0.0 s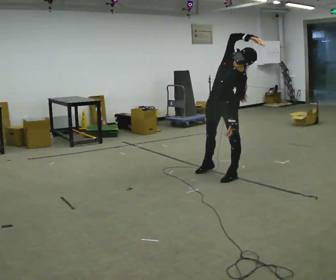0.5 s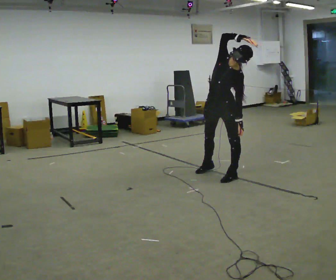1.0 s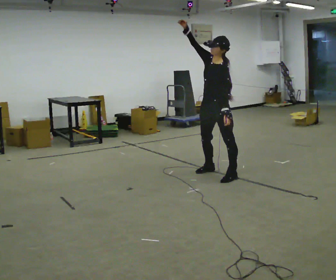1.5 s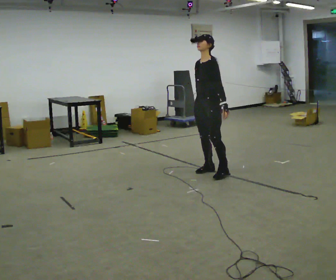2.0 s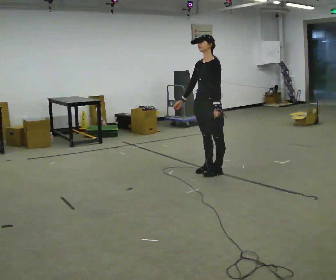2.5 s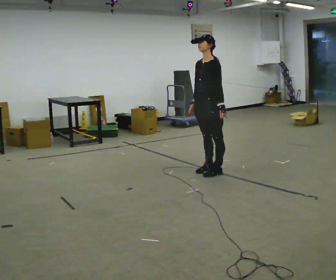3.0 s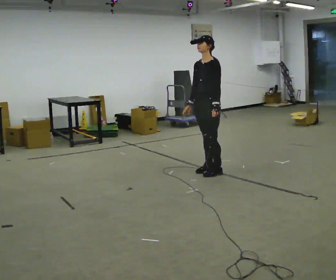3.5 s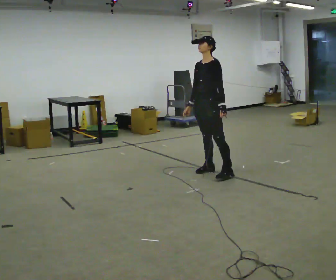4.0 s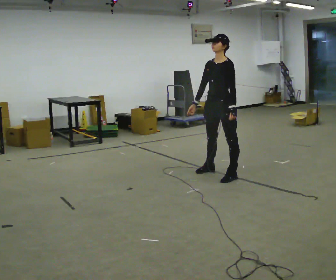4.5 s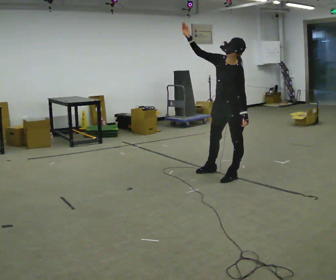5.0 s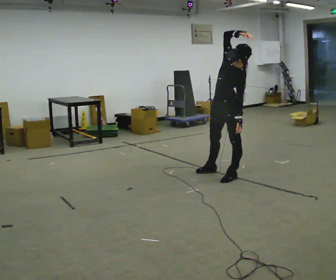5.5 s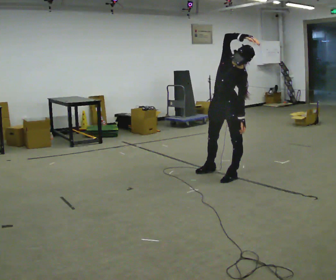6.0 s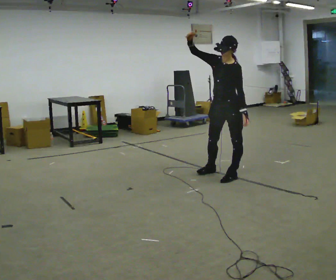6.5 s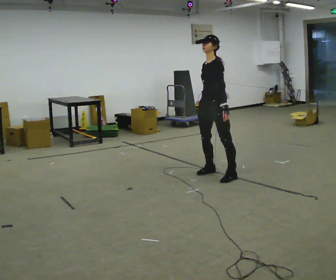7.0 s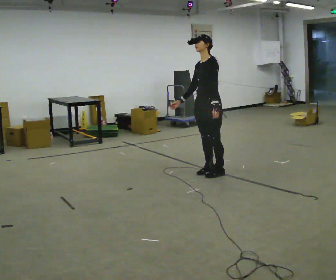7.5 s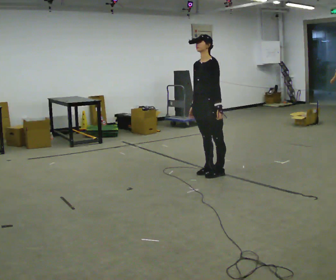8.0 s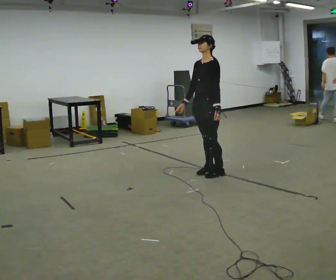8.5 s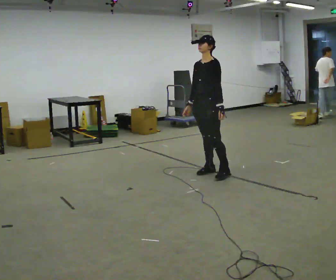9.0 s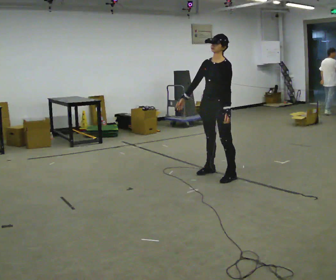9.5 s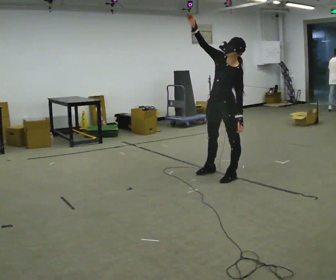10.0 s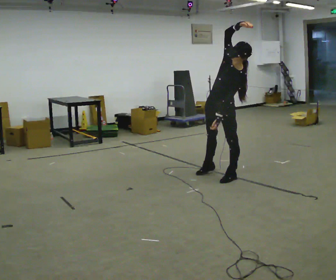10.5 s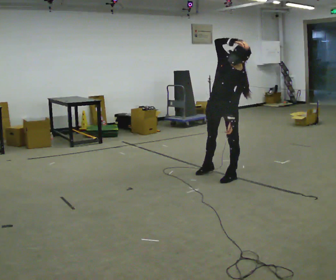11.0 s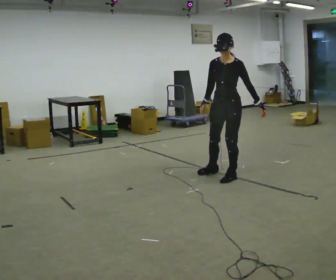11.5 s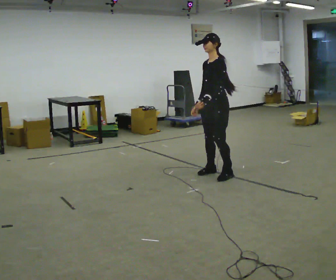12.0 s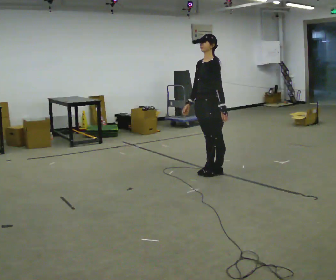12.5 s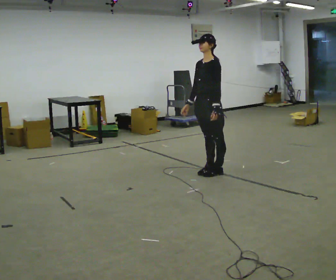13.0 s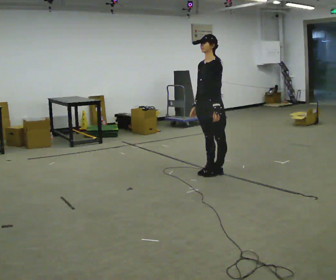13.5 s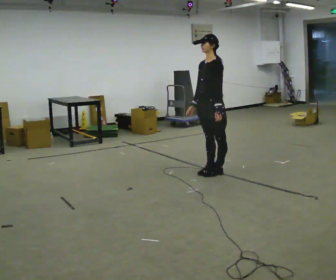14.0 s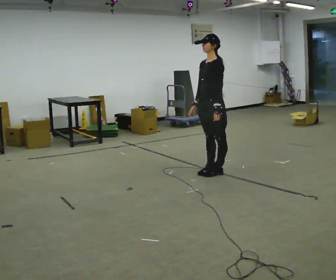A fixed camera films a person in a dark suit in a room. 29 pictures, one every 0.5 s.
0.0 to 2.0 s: In the picture they go away from the camera and to the left, about 0.25 m in 1 step, which for them is to their right. The upper body tips away from the camera, its near side rolling upward. In the picture their right hand goes downward.
2.0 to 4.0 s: In the picture they go toward the camera, about 0.25 m in 1 step, which for them is to their left.
4.0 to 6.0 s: In the picture their right hand goes upward.
6.0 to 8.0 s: In the picture they go to the left and away from the camera, about 0.25 m in 1 step, which for them is to their right. In the picture their right hand goes downward.
8.0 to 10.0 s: In the picture they go toward the camera and to the right, about 0.25 m in 1 step, which for them is to their left. In the picture the upper body tilts clockwise, shoulders to the right. In the picture their right hand goes upward, the arm swinging clockwise.
10.0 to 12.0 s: In the picture they go to the left, about 0.25 m in 1 step, which for them is to their right. In the picture the upper body tilts counterclockwise, shoulders to the left. In the picture their right hand goes downward and to the left.
12.0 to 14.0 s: The person moves a little, or ends about where they began.
The film runs forward here.
